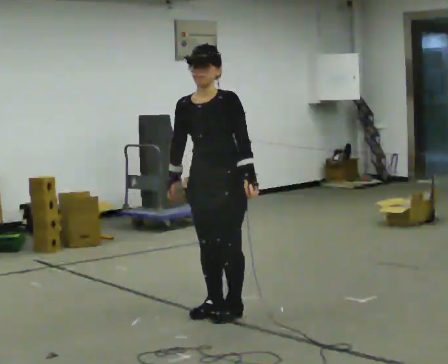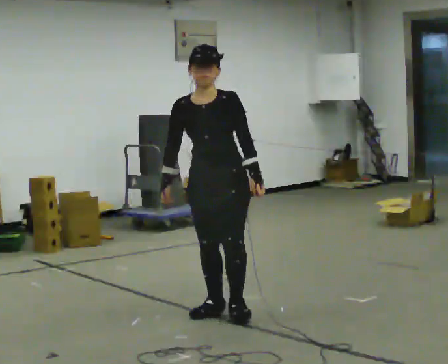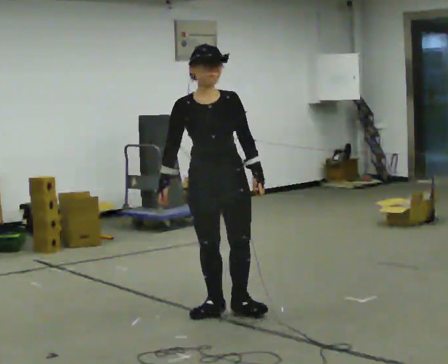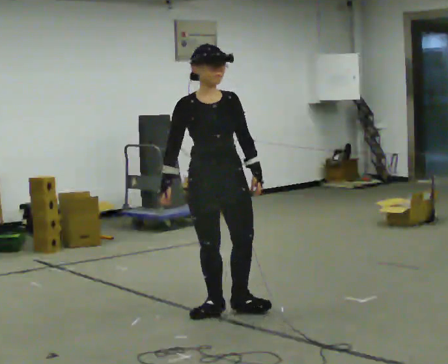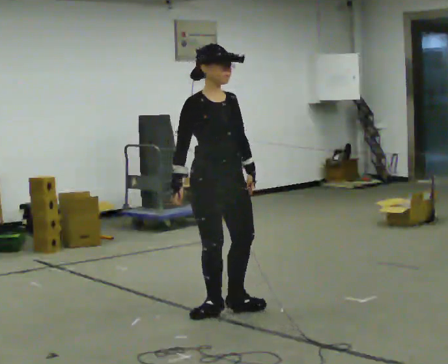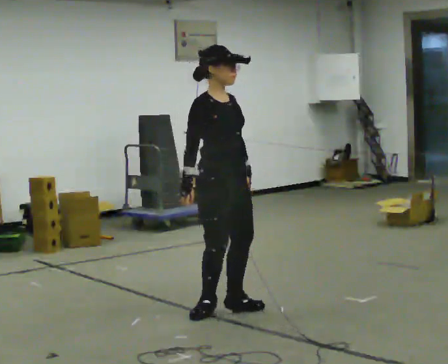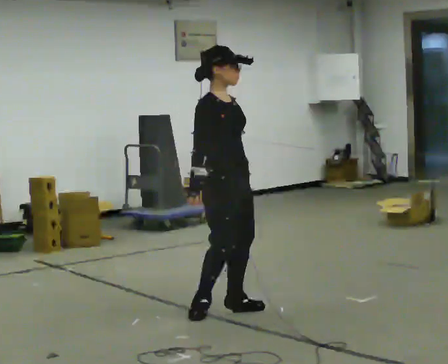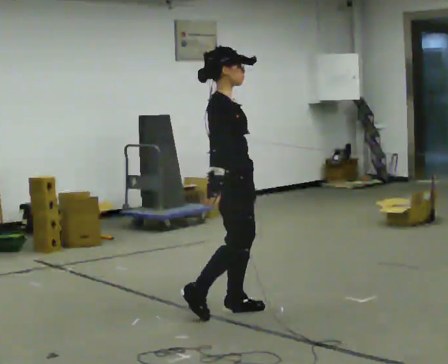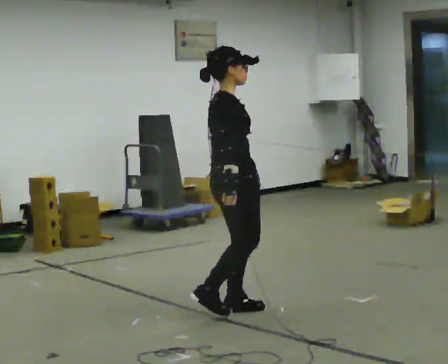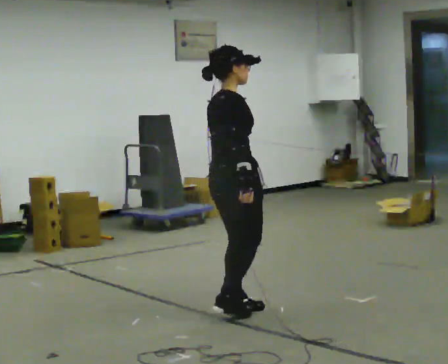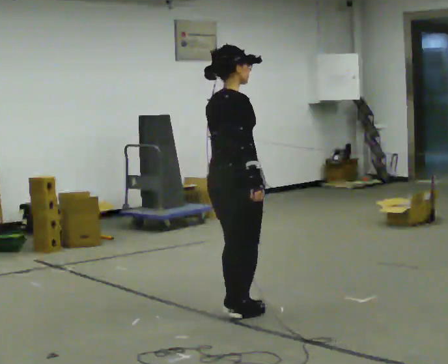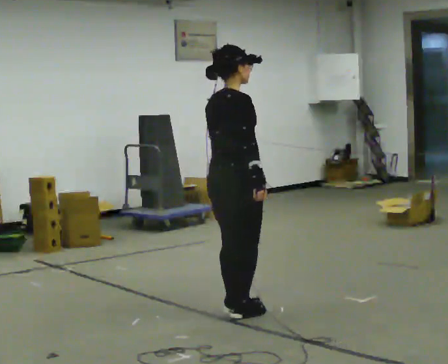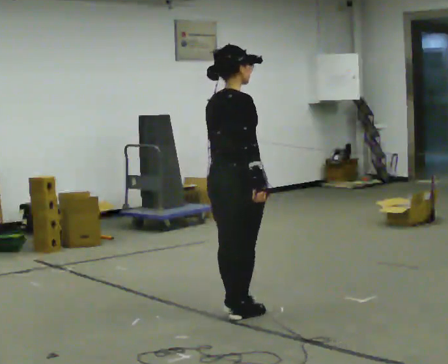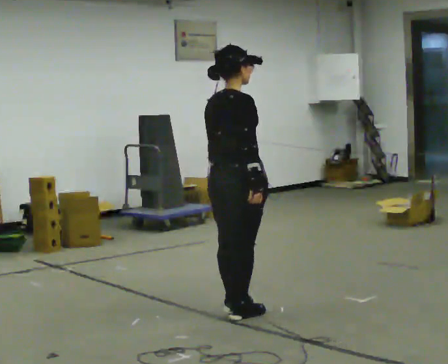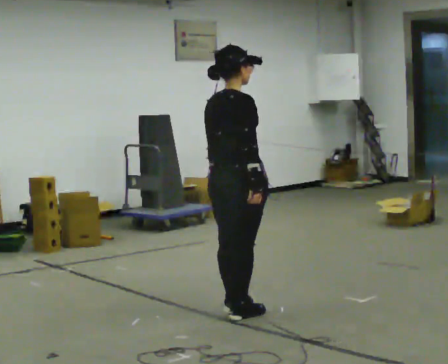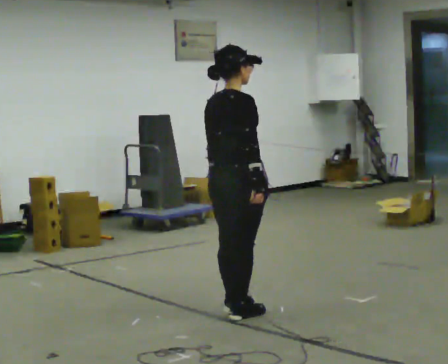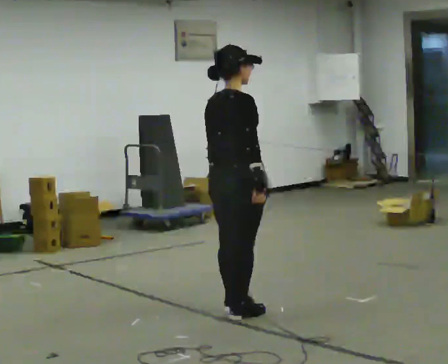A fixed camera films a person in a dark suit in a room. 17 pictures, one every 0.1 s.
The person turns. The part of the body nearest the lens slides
to the right.
The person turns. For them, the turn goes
to their left.
0.0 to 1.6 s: The person turns about 165 degrees to their left, counterclockwise seen from above, so the part of the body nearest the lens slides to the right.
The film runs forward here.
